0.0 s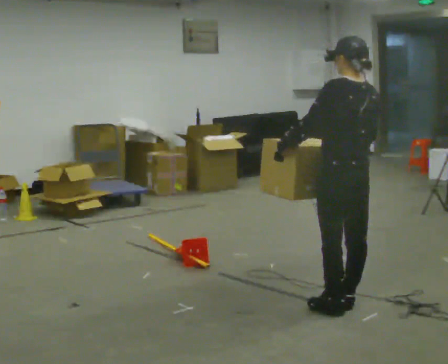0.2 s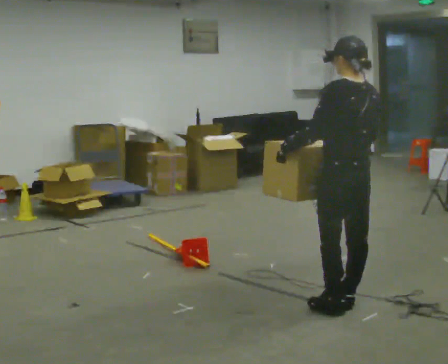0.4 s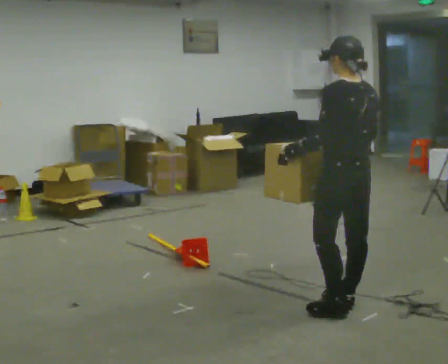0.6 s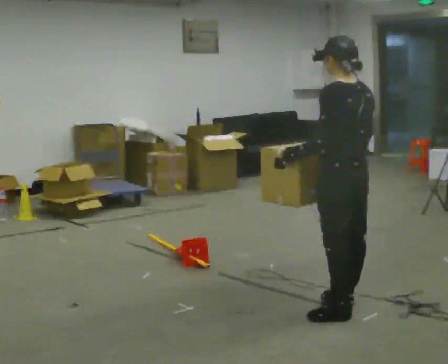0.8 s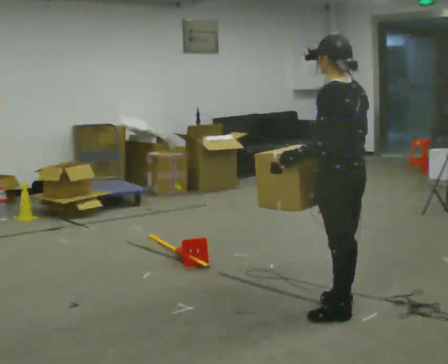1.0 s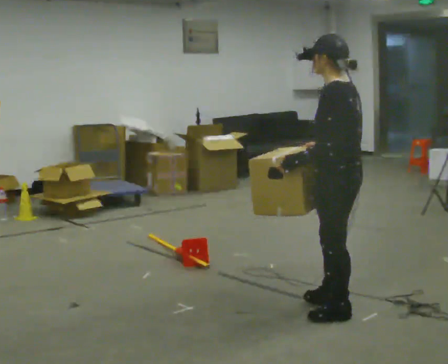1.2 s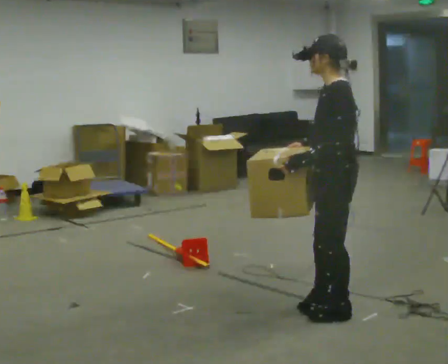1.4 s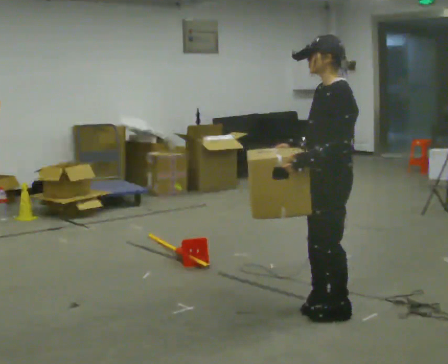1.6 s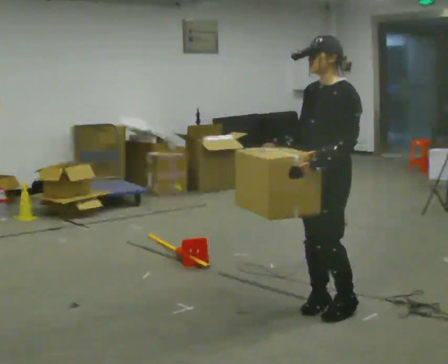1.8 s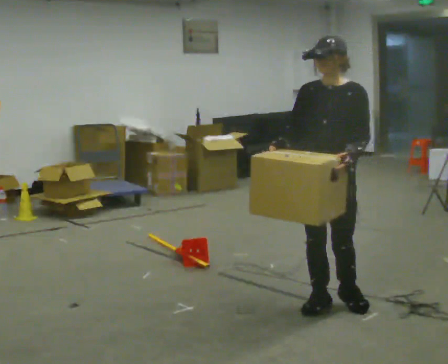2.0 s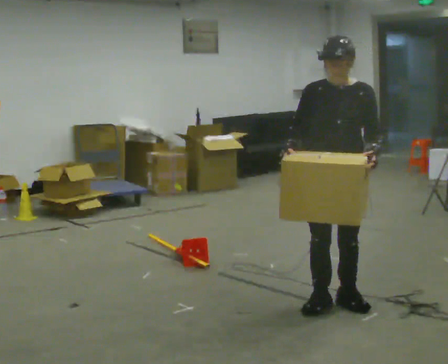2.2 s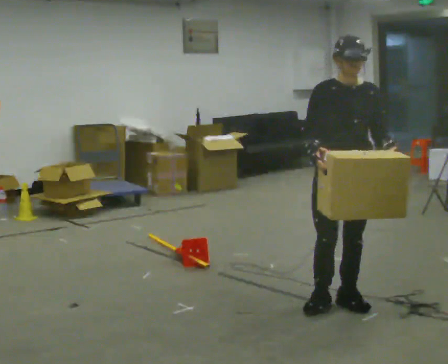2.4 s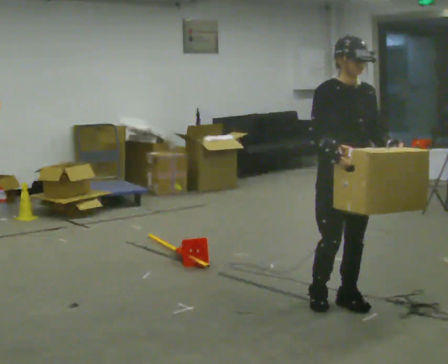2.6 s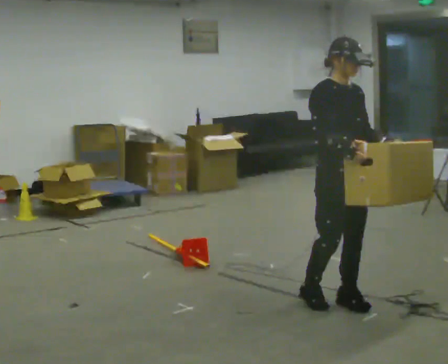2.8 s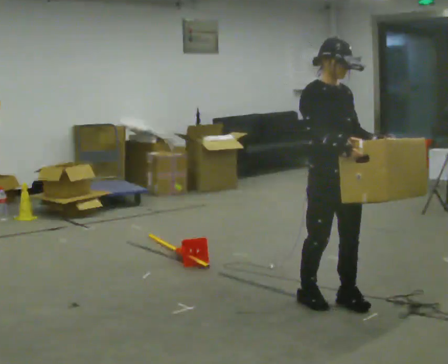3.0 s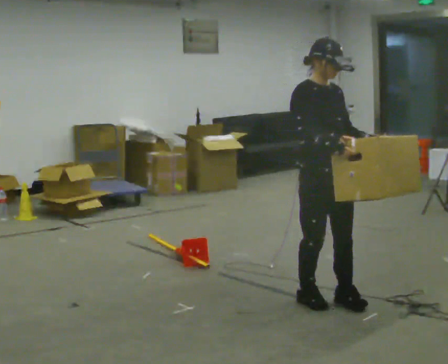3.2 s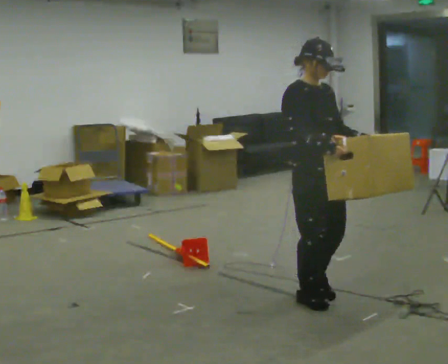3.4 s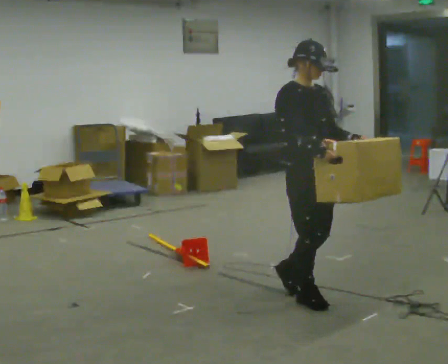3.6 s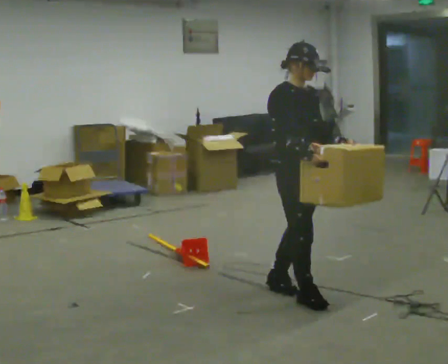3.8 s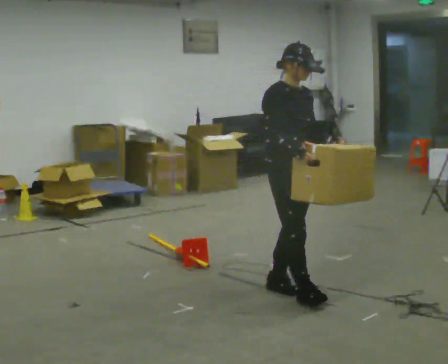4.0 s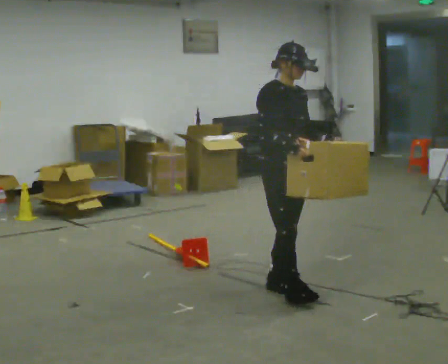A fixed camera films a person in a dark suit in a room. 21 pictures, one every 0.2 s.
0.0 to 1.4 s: The part of the body nearest the lens slides to the right as the person turns to their left by about 60 degrees.
1.4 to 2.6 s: The person turns about 120 degrees to their left, counterclockwise seen from above, so the part of the body nearest the lens slides to the right.
2.6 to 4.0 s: In the picture they go to the left and away from the camera, about 0.5 m in 2 steps, which for them is backward.
The film runs backward here.
